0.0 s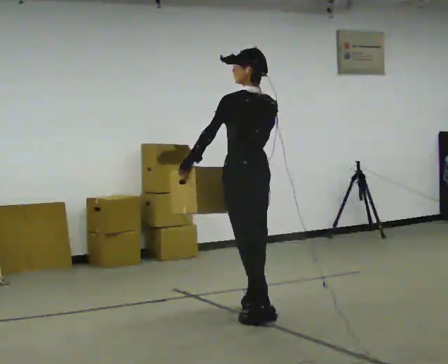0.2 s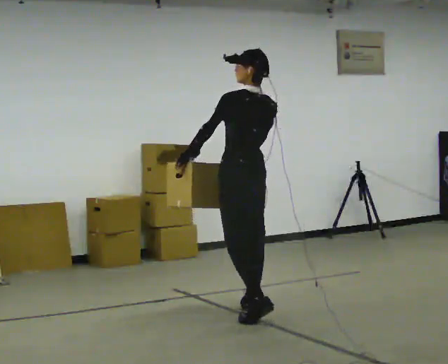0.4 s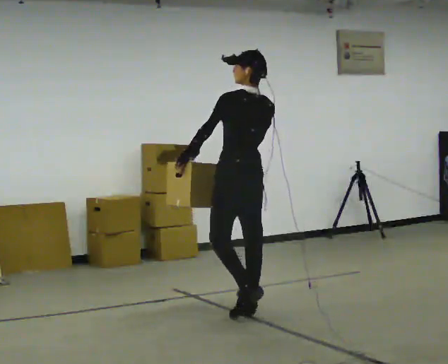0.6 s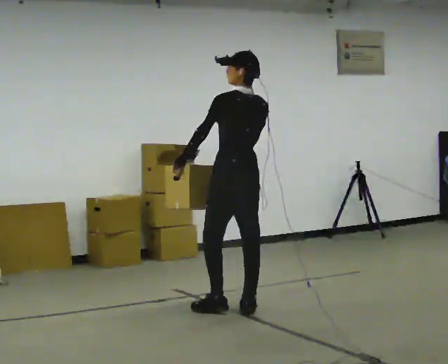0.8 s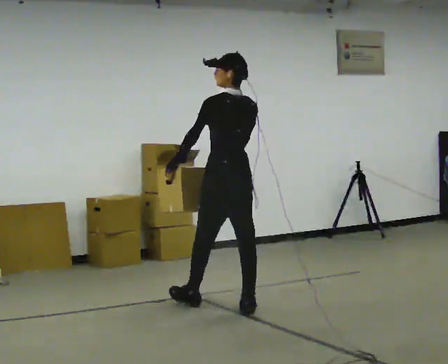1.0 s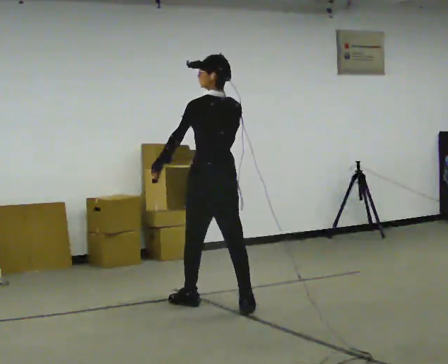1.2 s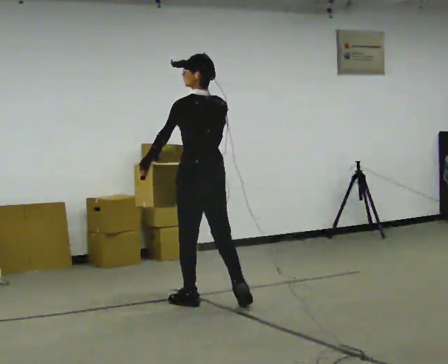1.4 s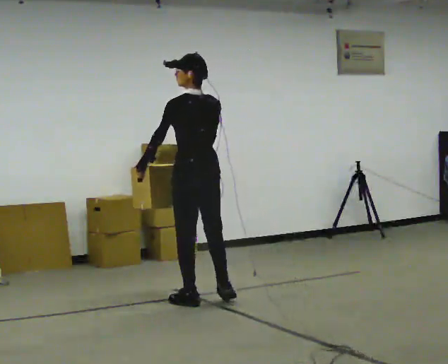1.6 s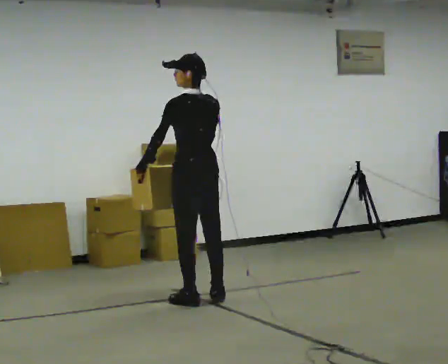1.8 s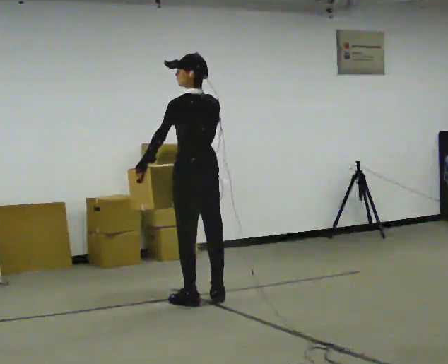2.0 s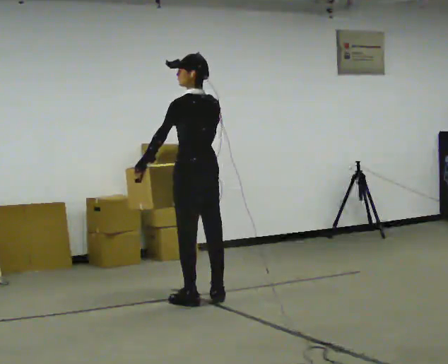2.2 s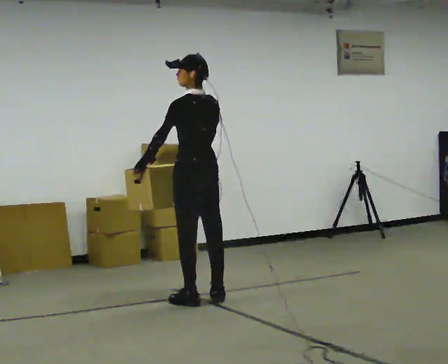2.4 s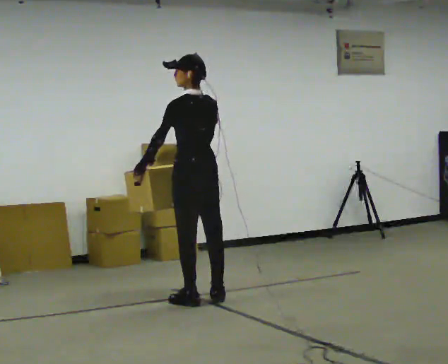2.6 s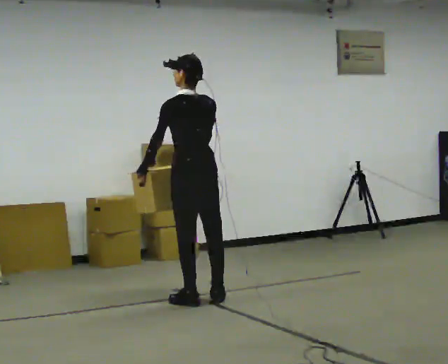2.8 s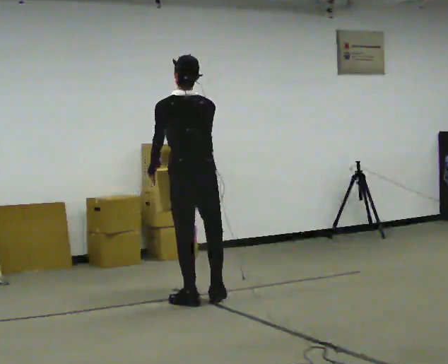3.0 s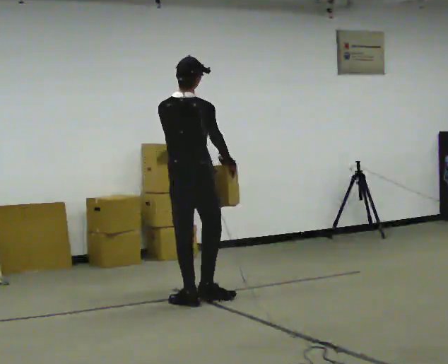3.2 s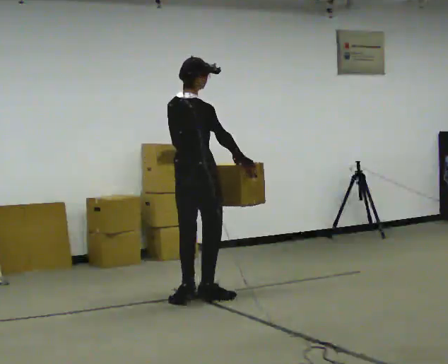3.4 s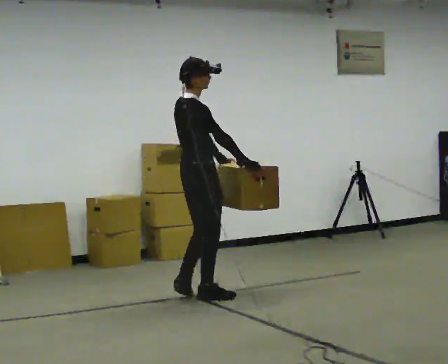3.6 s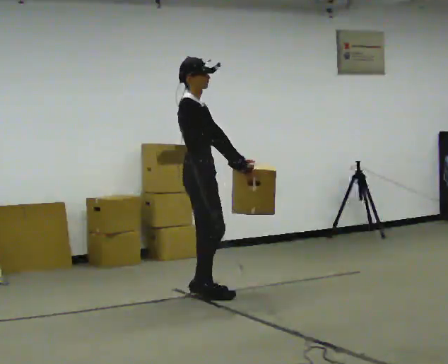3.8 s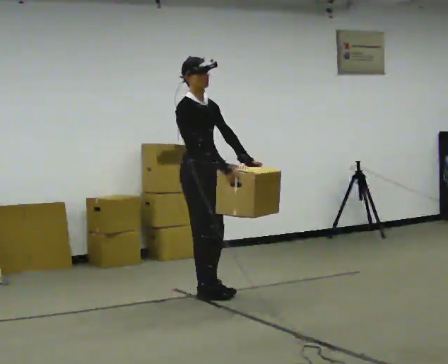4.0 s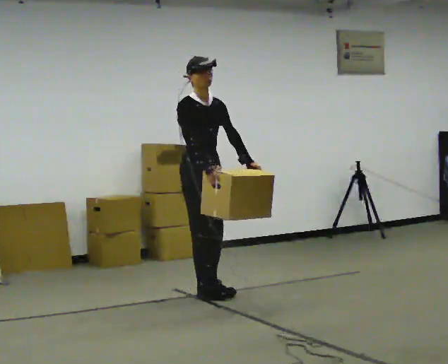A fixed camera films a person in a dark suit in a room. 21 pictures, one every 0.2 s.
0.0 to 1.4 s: In the picture they go away from the camera and to the left, about 0.5 m in 1 step, which for them is forward.
1.4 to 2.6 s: The person moves a little, or ends about where they began.
2.6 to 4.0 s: Seen from above the body turns clockwise, about 165 degrees: to their right, with its near side sliding to the left. In the picture they go away from the camera, about 0.25 m in 2 steps.
The film runs forward here.
